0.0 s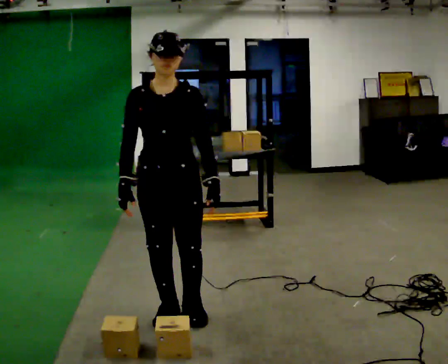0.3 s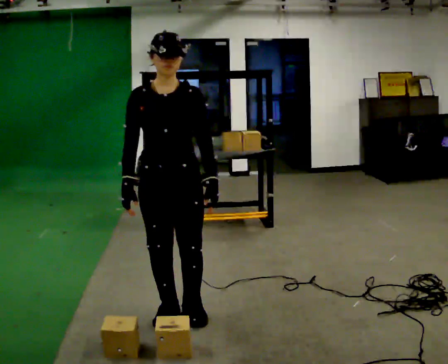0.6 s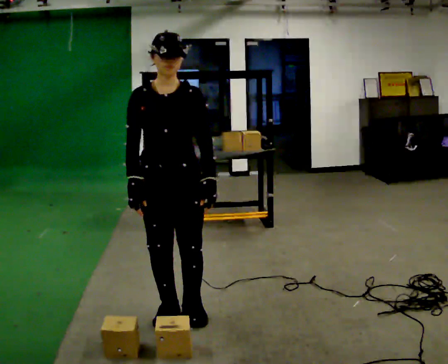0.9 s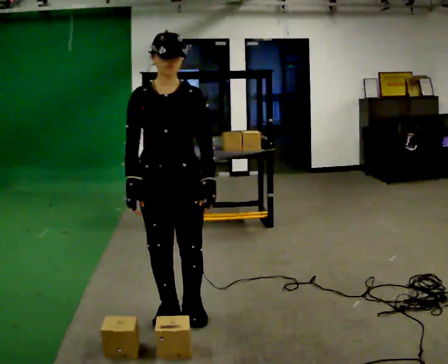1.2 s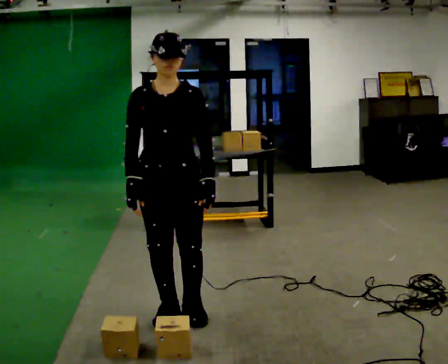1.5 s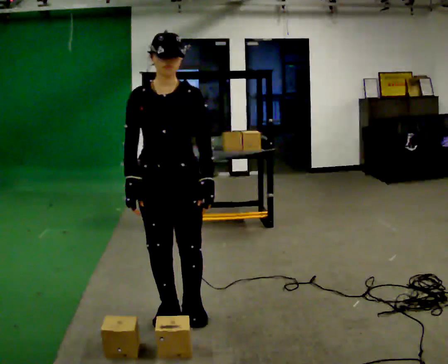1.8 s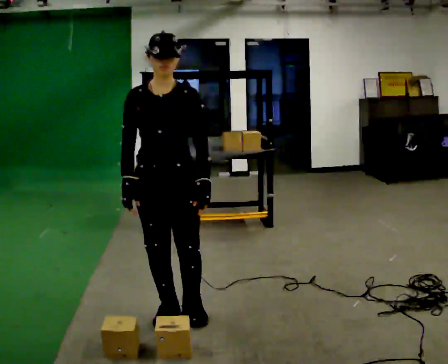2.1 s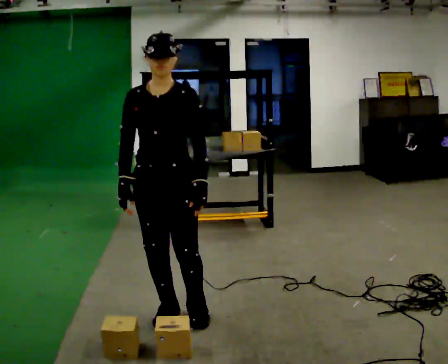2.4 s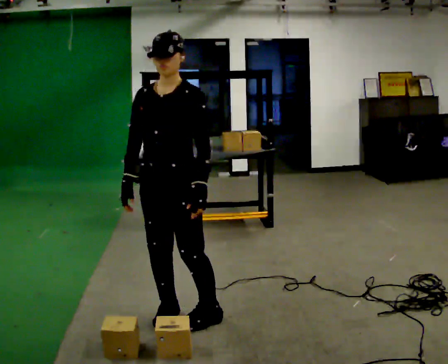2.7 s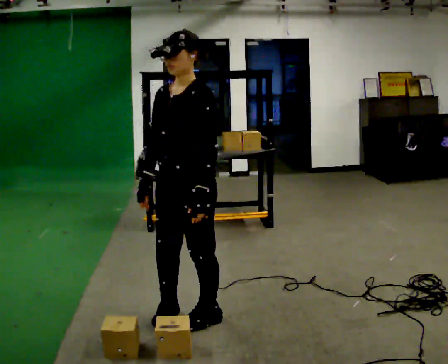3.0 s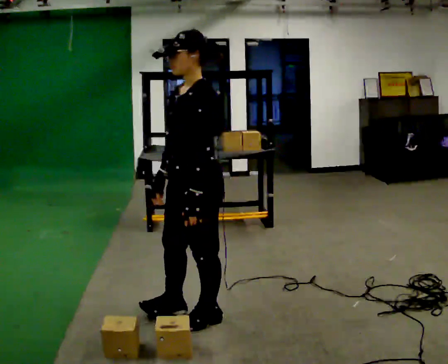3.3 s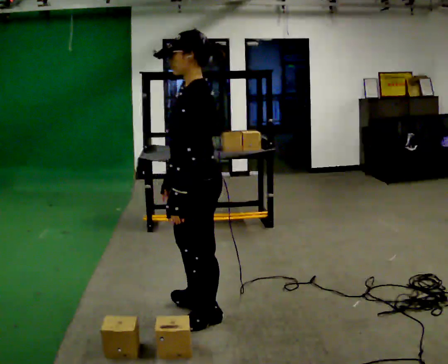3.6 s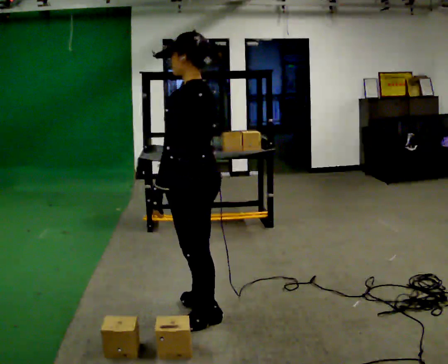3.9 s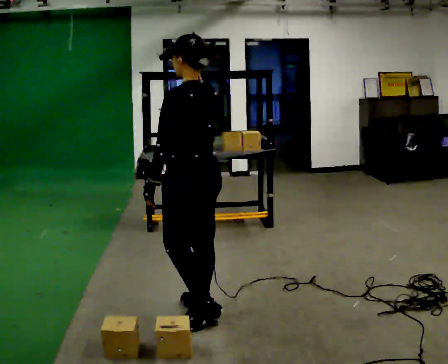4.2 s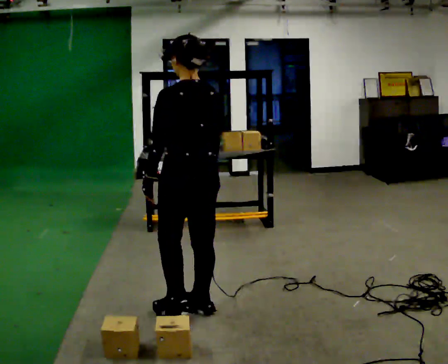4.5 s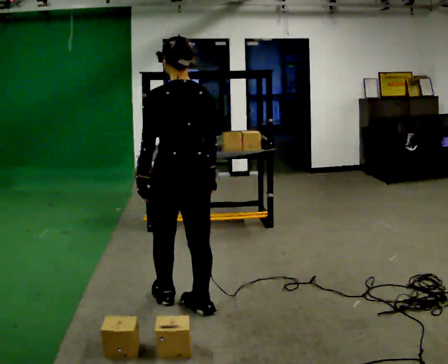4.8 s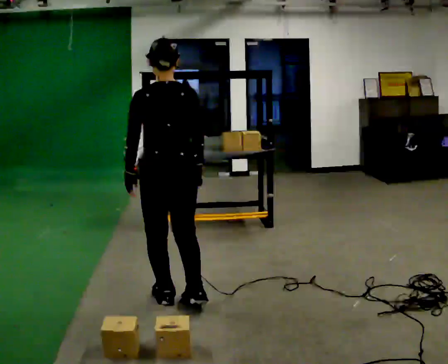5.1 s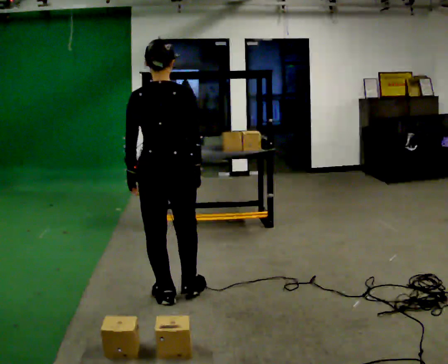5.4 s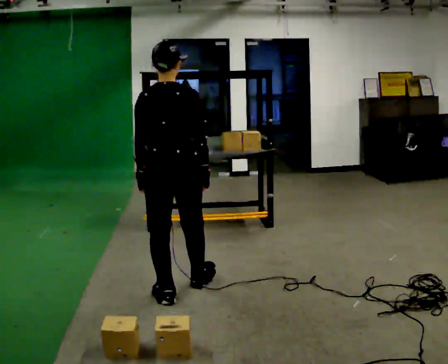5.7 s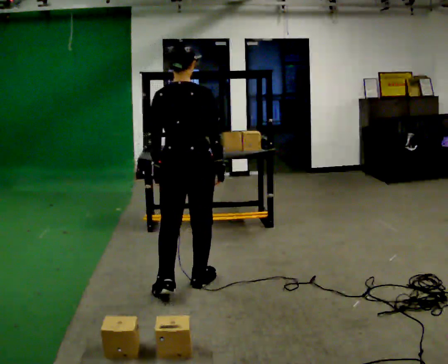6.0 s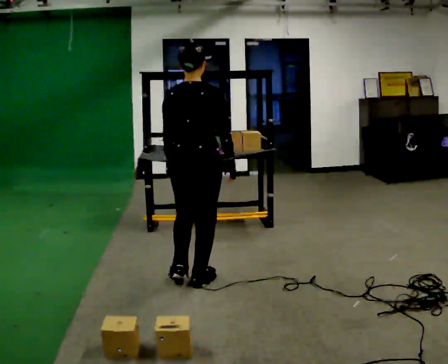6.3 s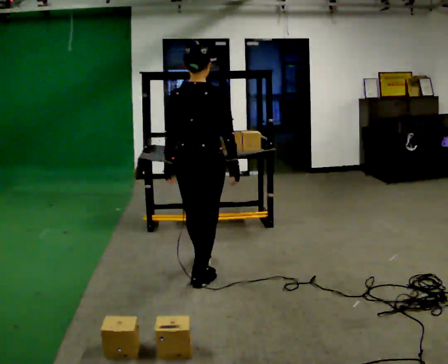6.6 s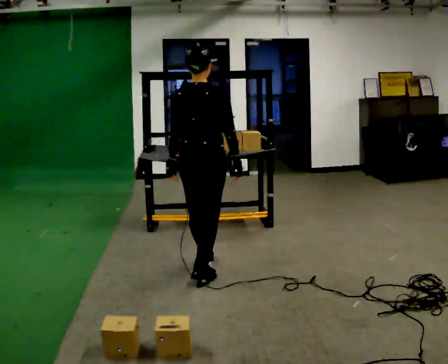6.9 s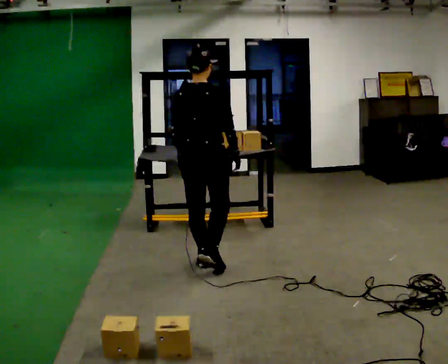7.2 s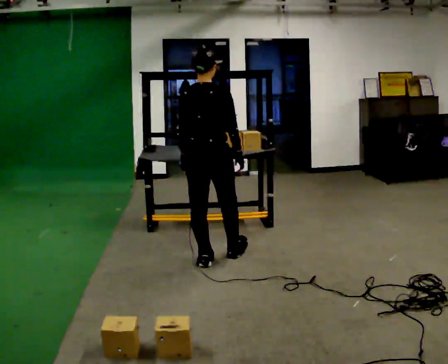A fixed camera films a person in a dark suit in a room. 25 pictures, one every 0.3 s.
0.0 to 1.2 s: The person moves a little, or ends about where they began.
1.2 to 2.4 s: The part of the body nearest the lens slides to the left as the person turns to their right by about 30 degrees.
2.4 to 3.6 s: The person turns about 90 degrees to their right, clockwise seen from above, so the part of the body nearest the lens slides to the left. In the picture their right hand goes to the right.
3.6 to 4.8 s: Seen from above the body turns clockwise, about 60 degrees: to their right, with its near side sliding to the left. In the picture they go away from the camera and to the left, about 0.25 m in 1 step, which for them is forward.
4.8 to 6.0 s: In the picture they go away from the camera and to the right, about 0.25 m in 1 step, which for them is forward.
6.0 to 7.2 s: In the picture they go away from the camera, about 0.5 m in 1 step, which for them is forward.
The film runs forward here.
